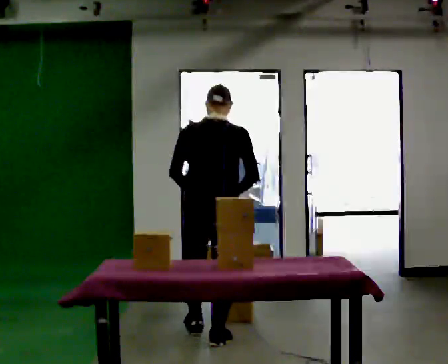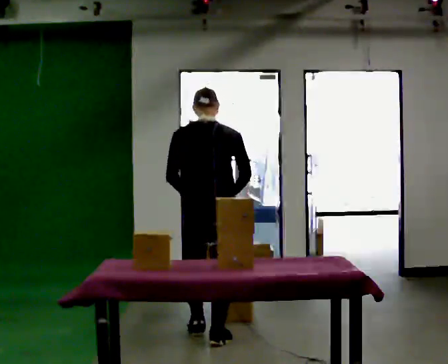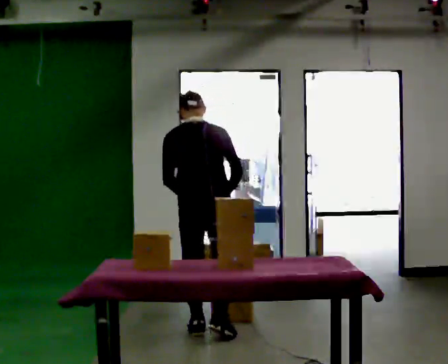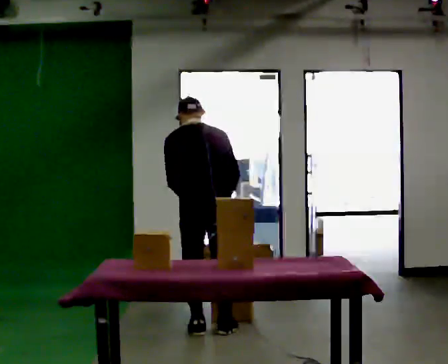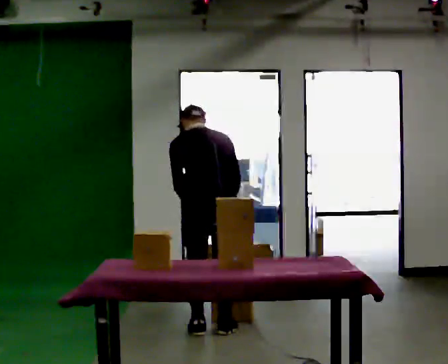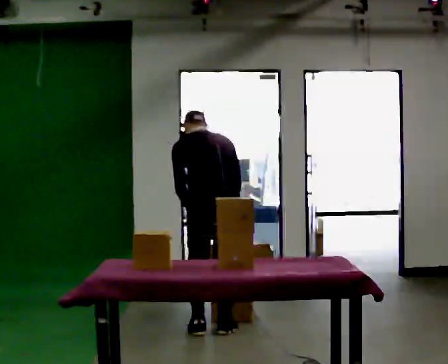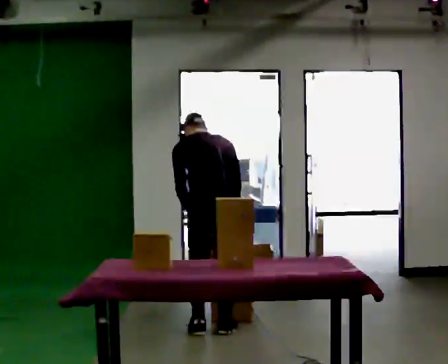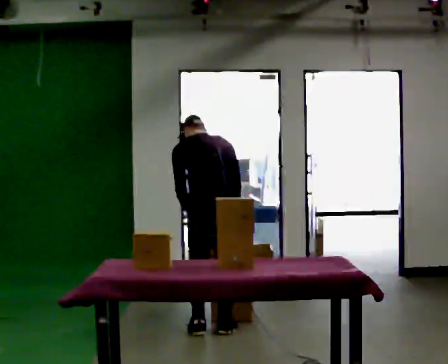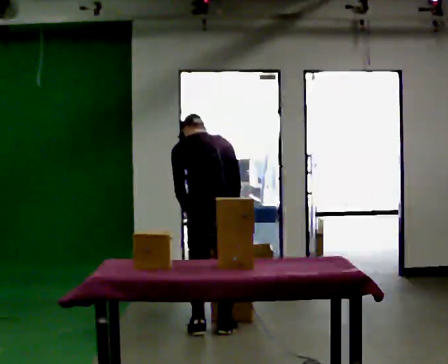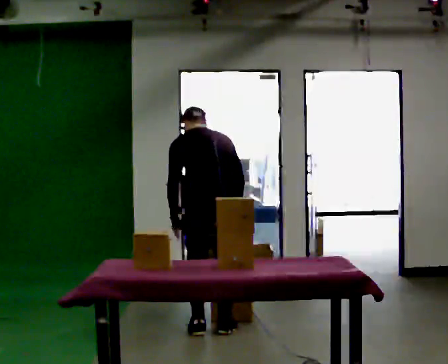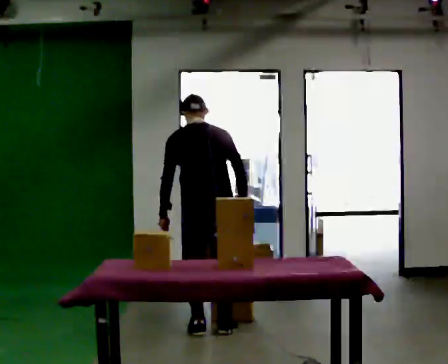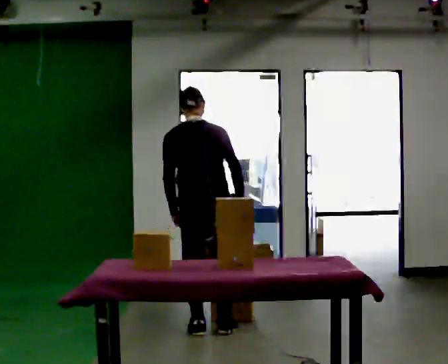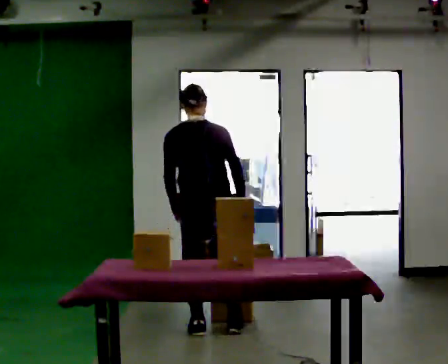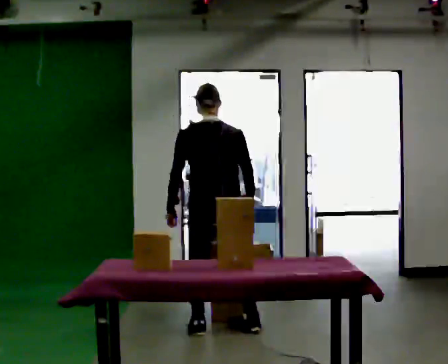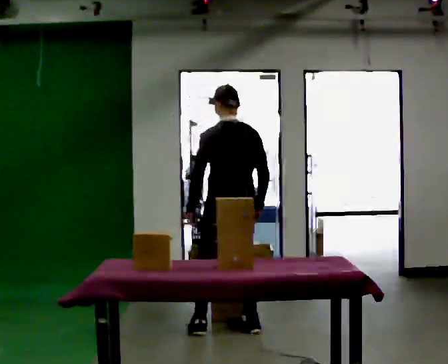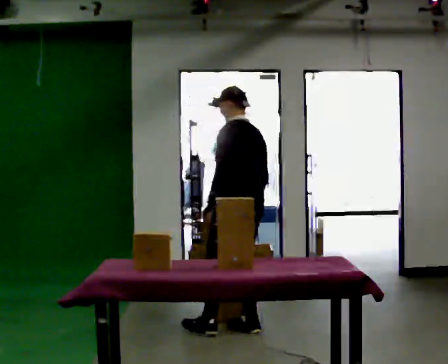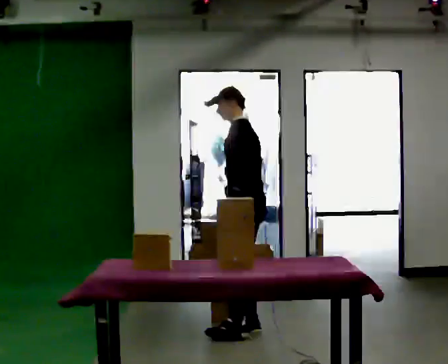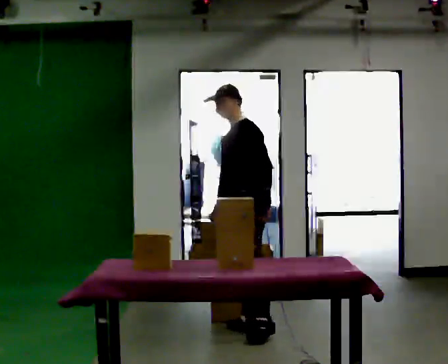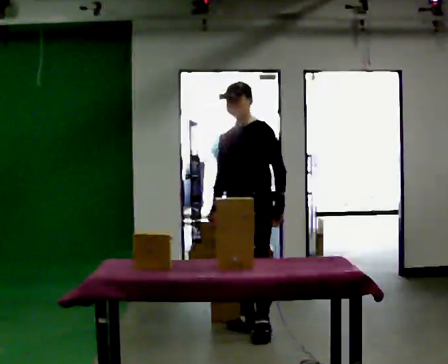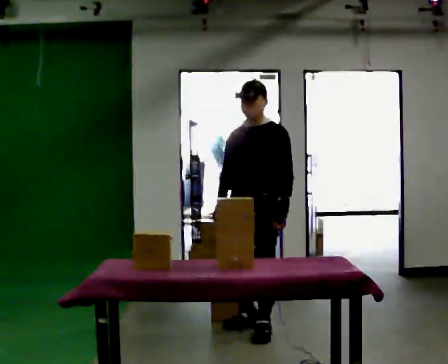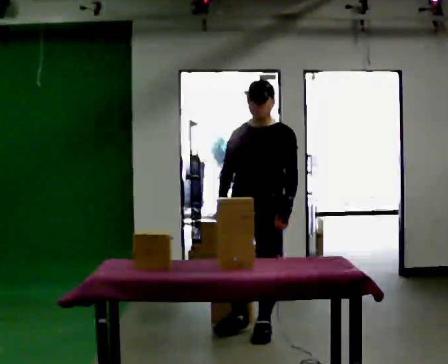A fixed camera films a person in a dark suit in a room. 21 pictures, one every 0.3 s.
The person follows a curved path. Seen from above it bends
clockwise.
The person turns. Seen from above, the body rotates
counterclockwise.
0.0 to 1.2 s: In the picture they go away from the camera, about 0.25 m in 2 steps, which for them is forward. The upper body tips away from the camera, its near side rolling upward, as they bend forward.
1.2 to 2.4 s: The person moves a little, or ends about where they began.
2.4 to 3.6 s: The upper body tips toward the camera, its near side rolling downward, as they lean back or straighten.
3.6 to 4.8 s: Seen from above the body turns counterclockwise, about 75 degrees: to their left, with its near side sliding to the right. In the picture they go to the right, about 0.25 m in 1 step.
4.8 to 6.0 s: The person turns about 90 degrees to their left, counterclockwise seen from above, so the part of the body nearest the lens slides to the right. In the picture they go toward the camera, about 0.25 m in 1 step.
The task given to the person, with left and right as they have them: Carry the object across the room, open the lid of the container, put the object inside, and close the lid again. Then go back for the next one. Keep going until the operator says stop; one object at a time, and do not rush between trips.
The film runs forward here.
